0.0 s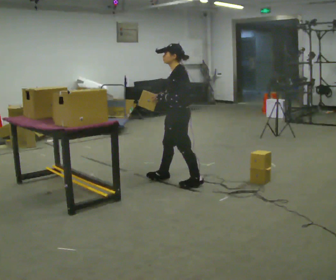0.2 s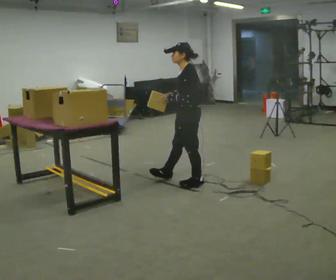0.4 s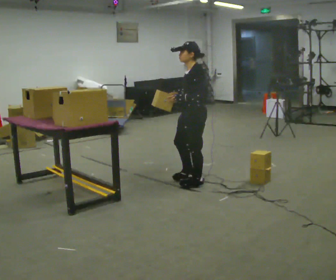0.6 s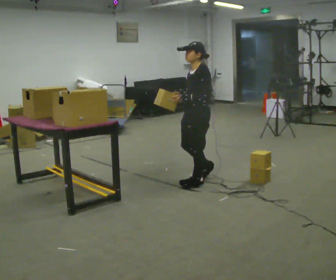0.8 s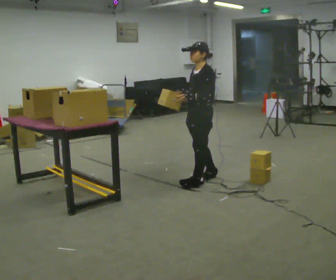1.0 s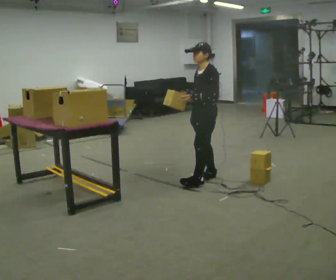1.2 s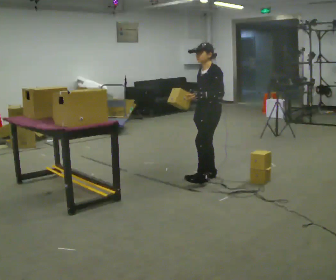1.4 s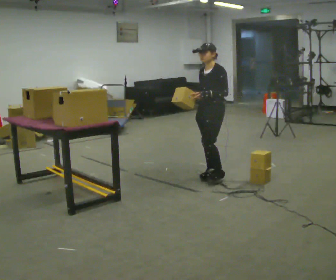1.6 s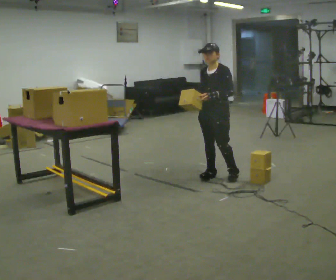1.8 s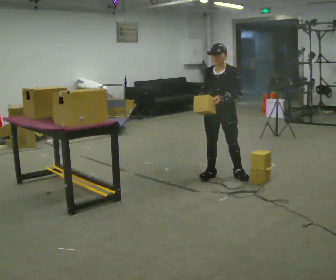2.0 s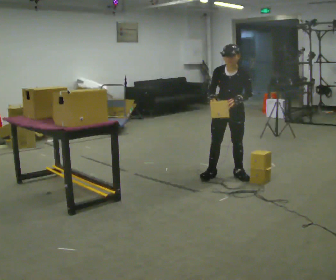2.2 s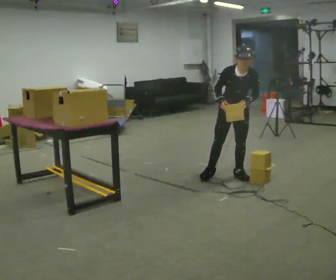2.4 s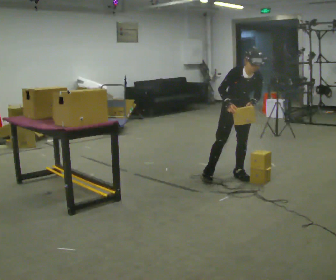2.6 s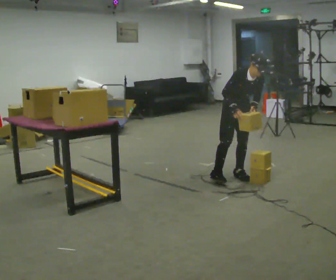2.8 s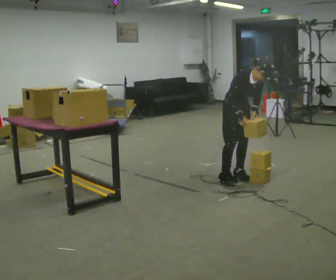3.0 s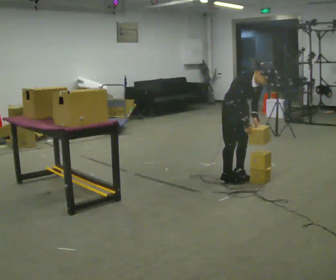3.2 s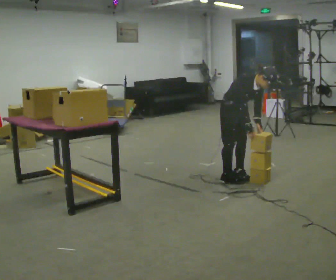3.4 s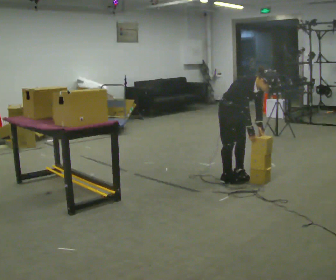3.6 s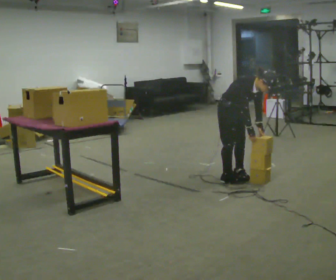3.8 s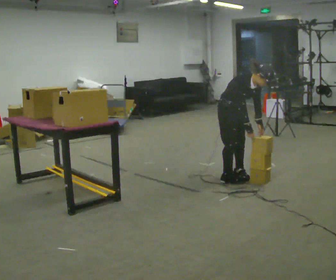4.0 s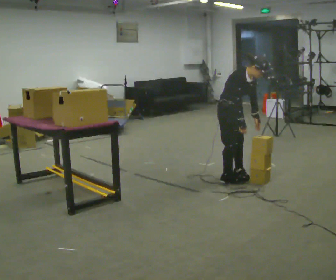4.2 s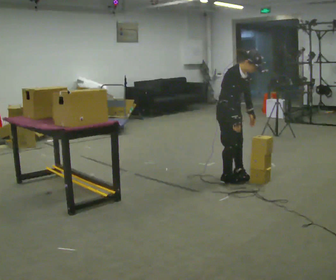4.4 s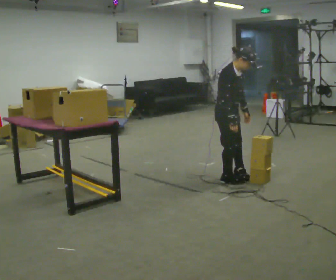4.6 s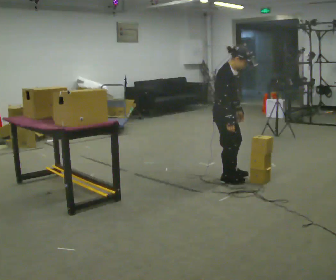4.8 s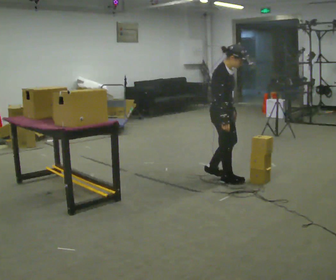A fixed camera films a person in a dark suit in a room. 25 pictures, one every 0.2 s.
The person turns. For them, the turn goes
to their left.
The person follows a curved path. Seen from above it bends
clockwise.
0.0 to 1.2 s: Seen from above the body turns counterclockwise, about 30 degrees: to their left, with its near side sliding to the right. In the picture they go to the right, about 0.25 m in 2 steps, which for them is backward.
1.2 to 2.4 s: The person turns about 75 degrees to their left, counterclockwise seen from above, so the part of the body nearest the lens slides to the right. In the picture they go to the right, about 0.25 m in 1 step. In the picture the upper body tilts clockwise, shoulders to the right, as they bend forward.
2.4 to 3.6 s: The part of the body nearest the lens slides to the right as the person turns to their left by about 30 degrees. In the picture the upper body tilts clockwise, shoulders to the right, as they bend forward.
3.6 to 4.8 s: The part of the body nearest the lens slides to the right as the person turns to their left by about 30 degrees. In the picture they go toward the camera, about 0.25 m in 1 step, which for them is to their right. In the picture the upper body tilts counterclockwise, shoulders to the left, as they lean back or straighten.
The film runs backward here.
